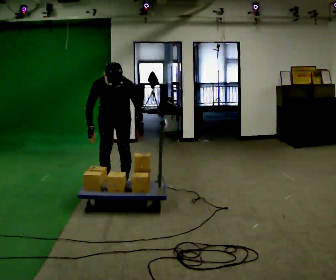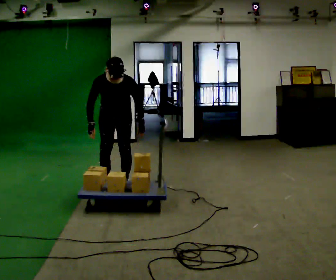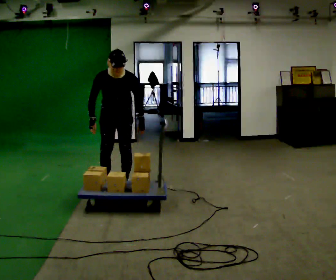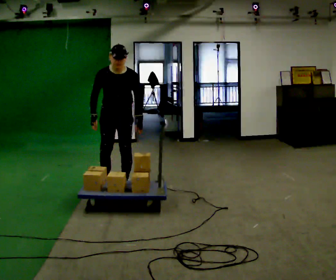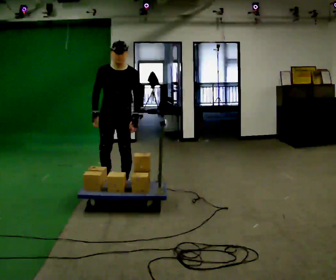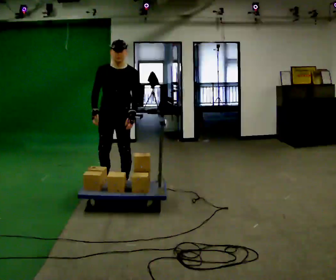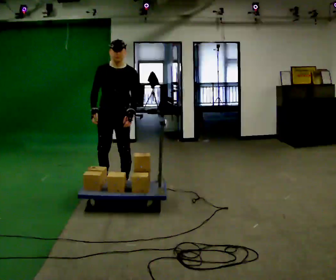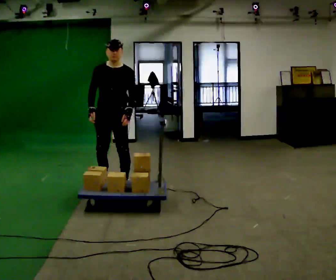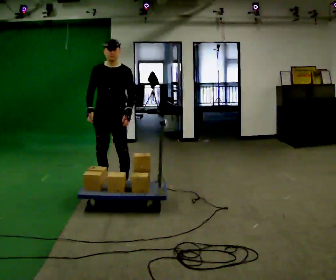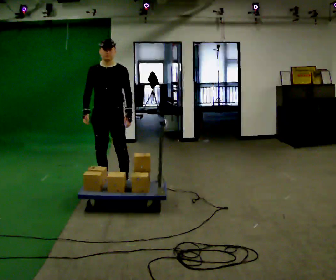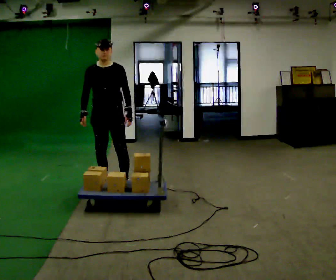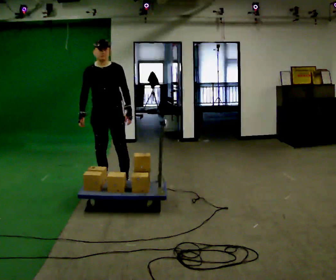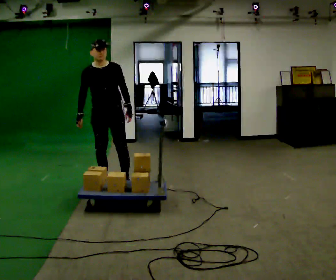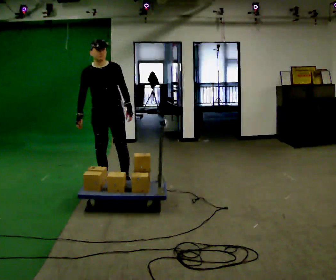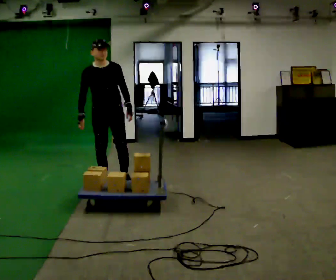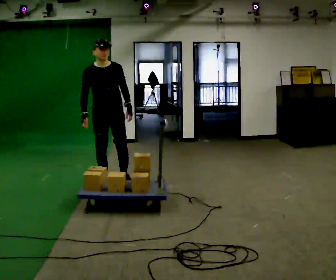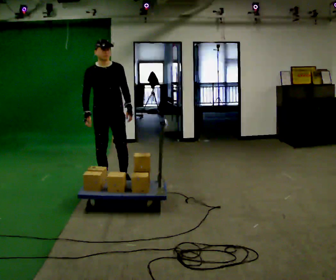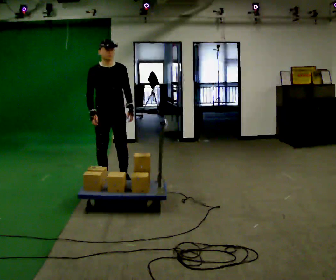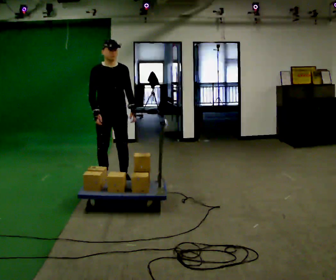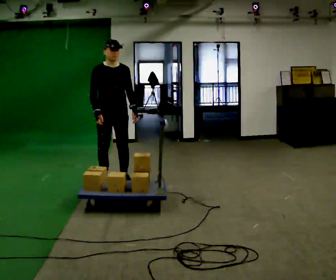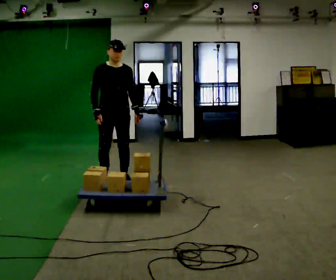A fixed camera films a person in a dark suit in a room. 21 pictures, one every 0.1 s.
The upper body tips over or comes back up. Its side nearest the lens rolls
upward.
0.0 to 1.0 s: The upper body goes upward. The upper body tips away from the camera, its near side rolling upward, as they lean back or straighten.
1.0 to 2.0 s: Seen from above the body turns counterclockwise, about 30 degrees: to their left, with its near side sliding to the right.
The film runs forward here.
